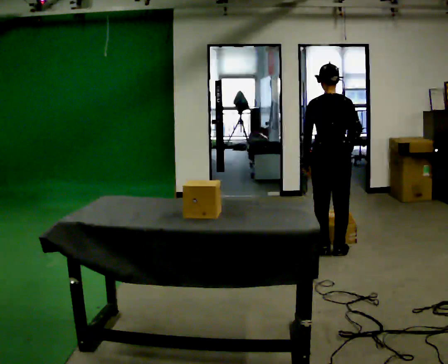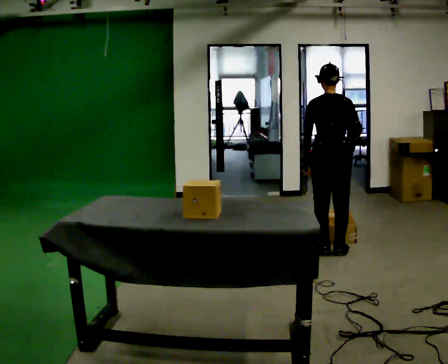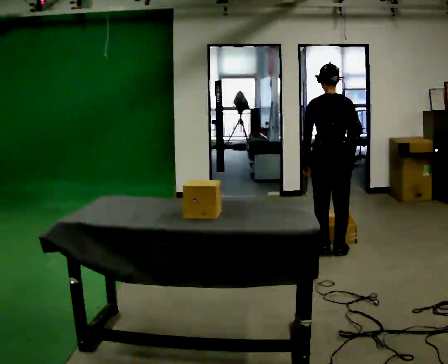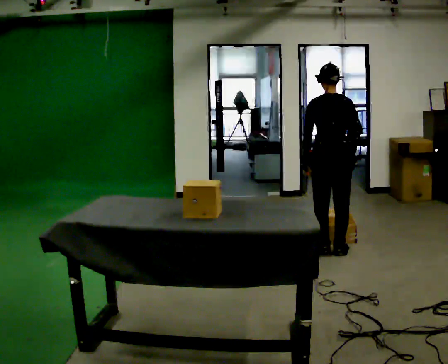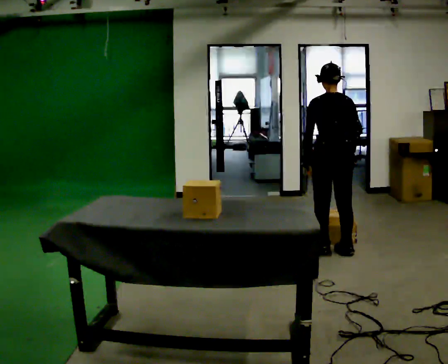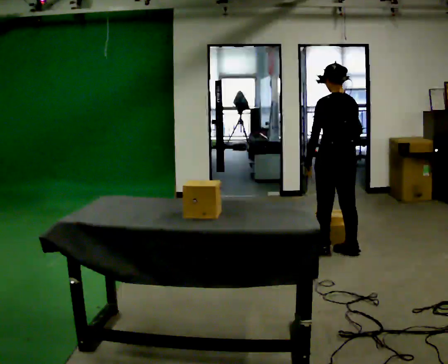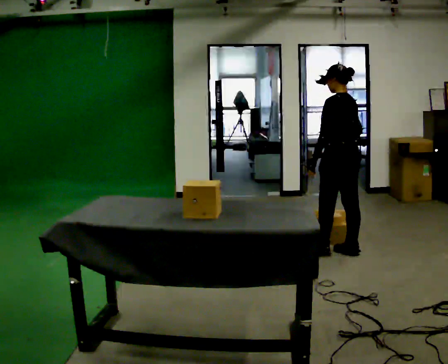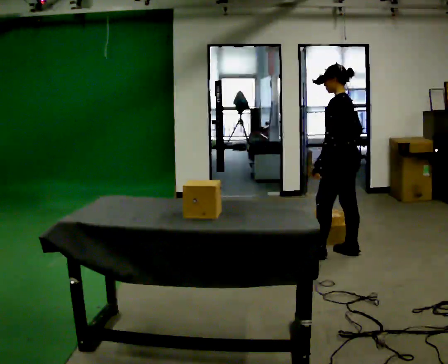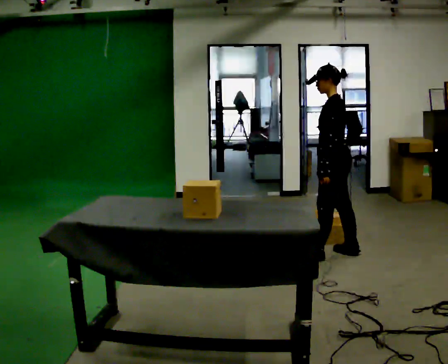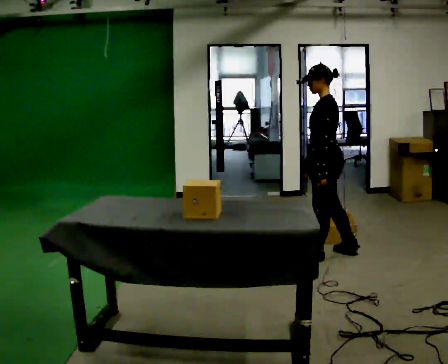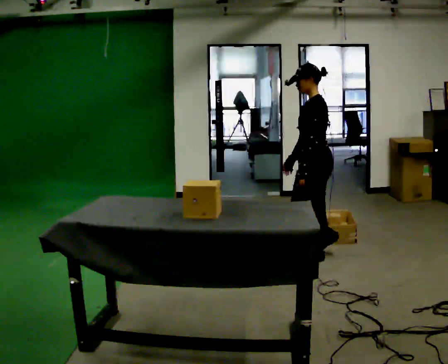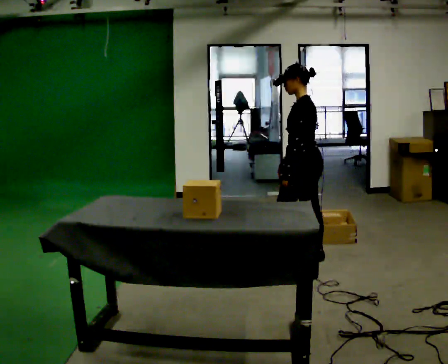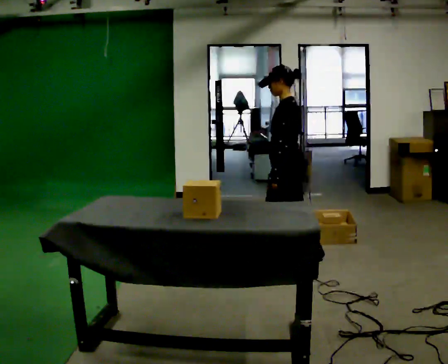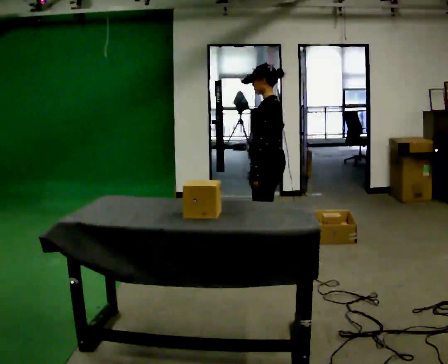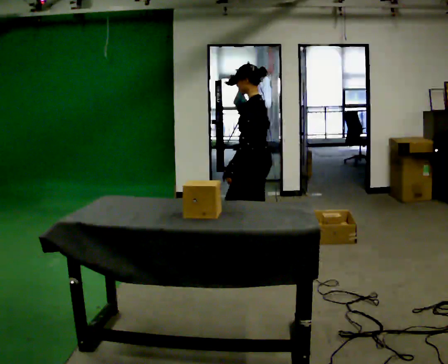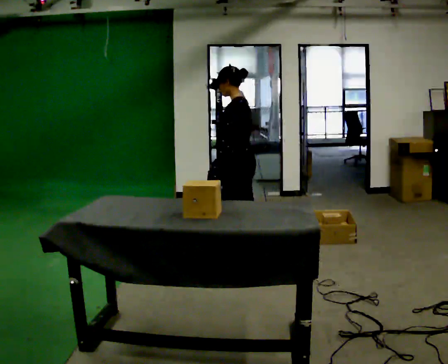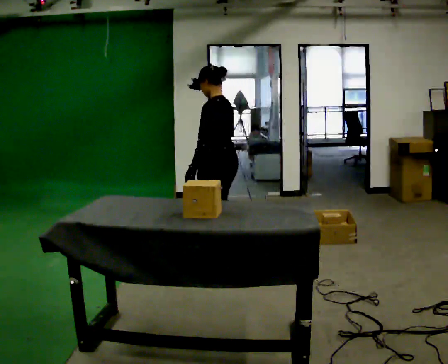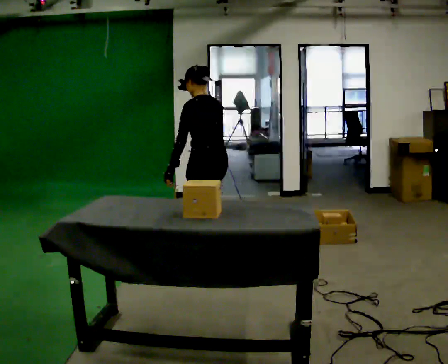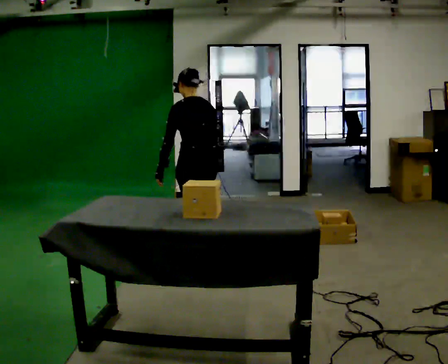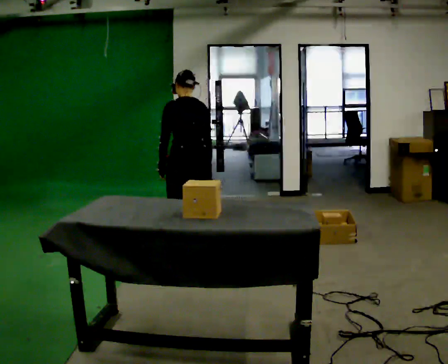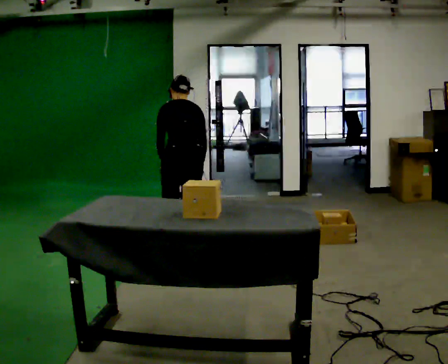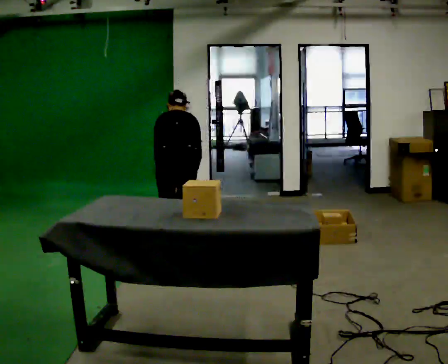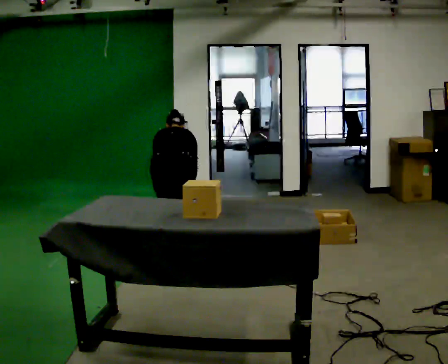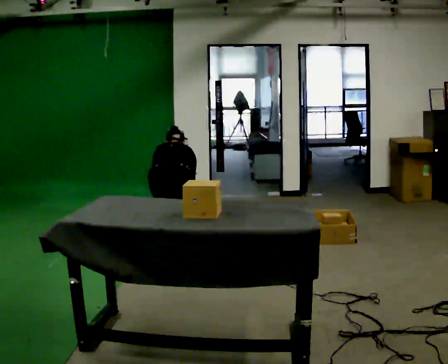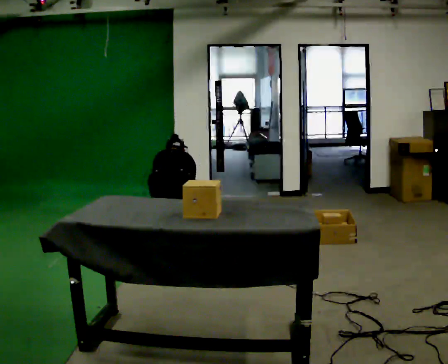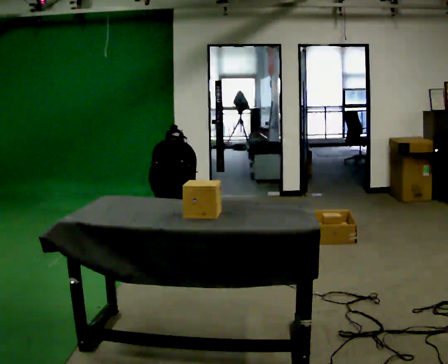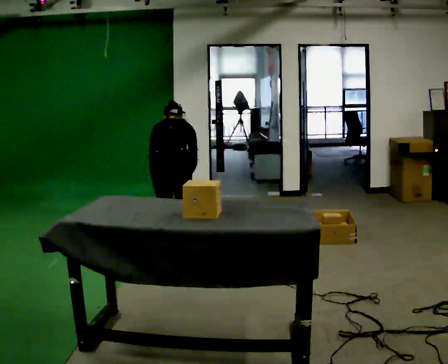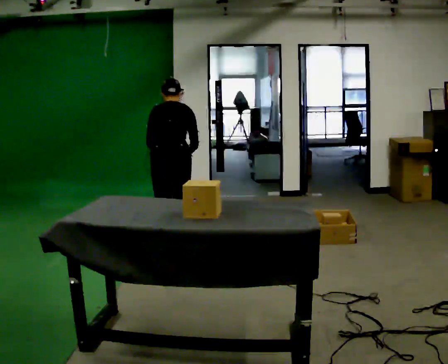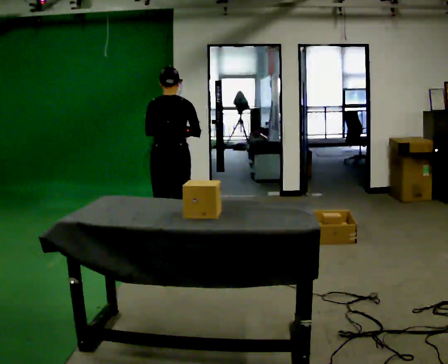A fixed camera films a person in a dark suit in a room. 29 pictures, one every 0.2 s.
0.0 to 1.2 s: The part of the body nearest the lens slides to the right as the person turns to their left by about 60 degrees.
1.2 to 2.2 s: The part of the body nearest the lens slides to the right as the person turns to their left by about 45 degrees. In the picture they go to the left, about 0.25 m, which for them is forward and to their left.
2.2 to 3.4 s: The person turns about 45 degrees to their right, clockwise seen from above, so the part of the body nearest the lens slides to the left. In the picture they go to the left, about 0.5 m in 2 steps, which for them is forward.
3.4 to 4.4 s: The person turns about 45 degrees to their right, clockwise seen from above, so the part of the body nearest the lens slides to the left. In the picture they go to the left, about 0.25 m in 2 steps, which for them is to their left and forward. The upper body goes downward. The upper body tips away from the camera, its near side rolling upward, as they bend forward. In the picture their left hand goes downward.
4.4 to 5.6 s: The upper body tips toward the camera, its near side rolling downward, as they lean back or straighten. In the picture their left hand goes upward.
The film runs forward here.
